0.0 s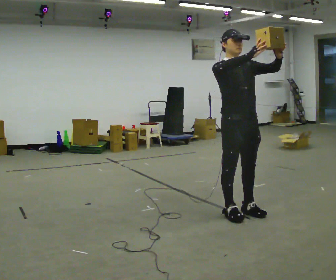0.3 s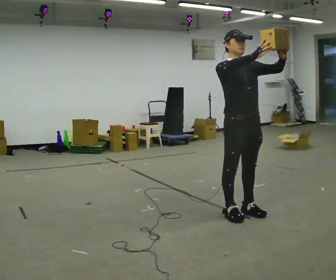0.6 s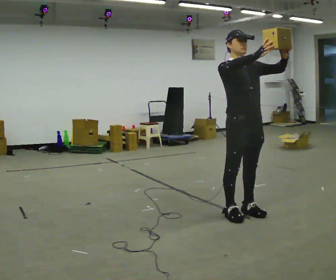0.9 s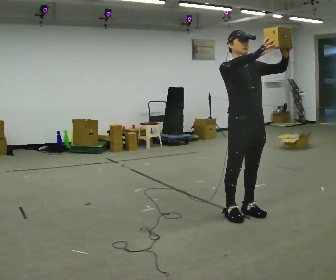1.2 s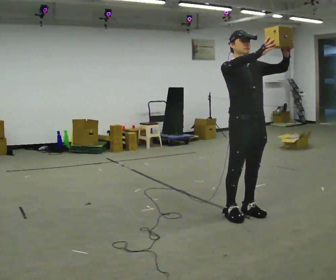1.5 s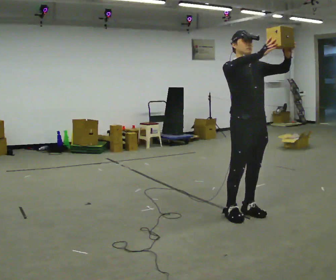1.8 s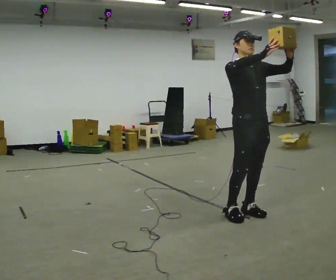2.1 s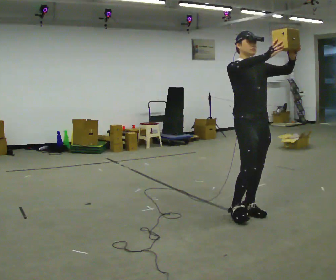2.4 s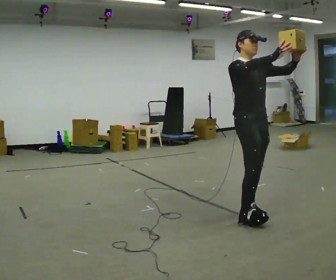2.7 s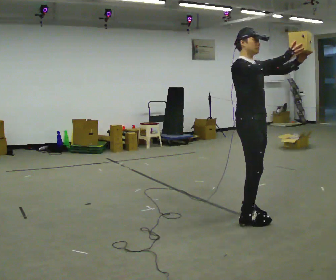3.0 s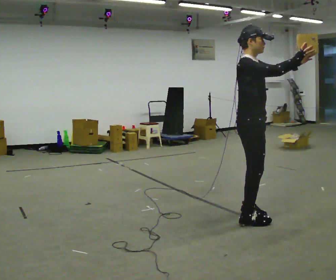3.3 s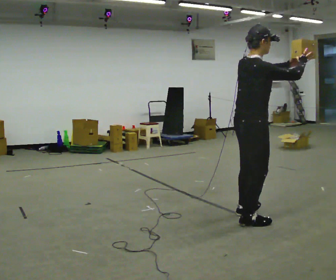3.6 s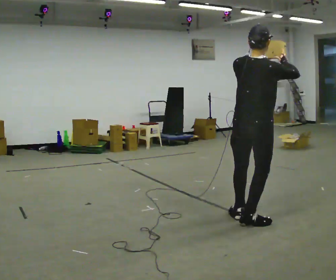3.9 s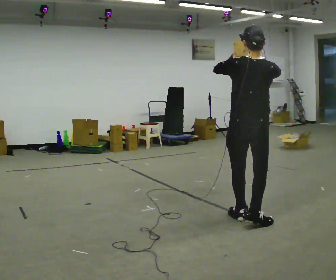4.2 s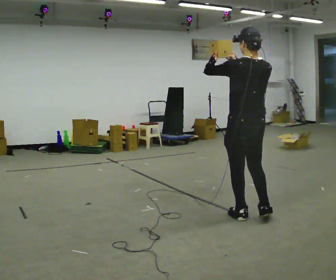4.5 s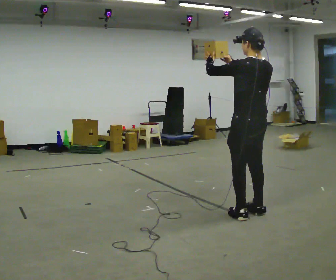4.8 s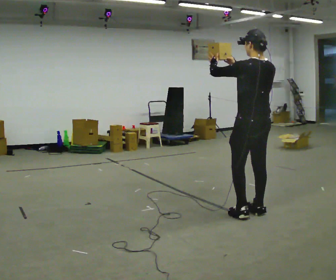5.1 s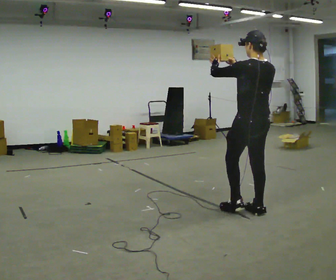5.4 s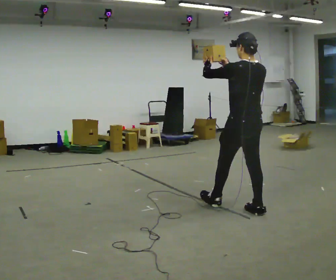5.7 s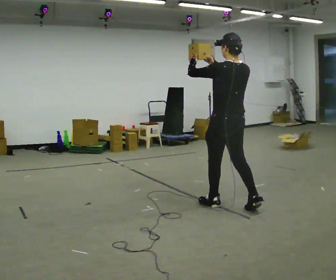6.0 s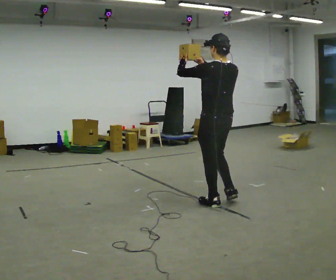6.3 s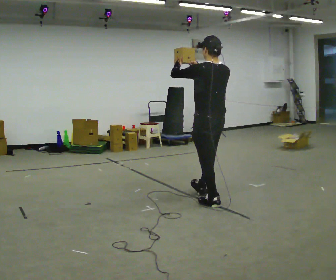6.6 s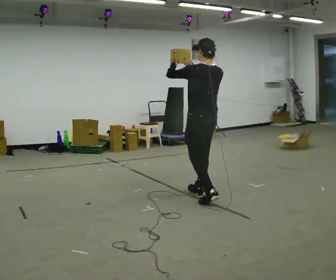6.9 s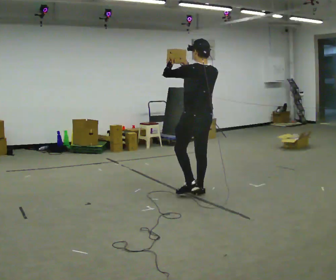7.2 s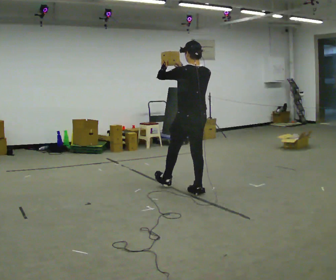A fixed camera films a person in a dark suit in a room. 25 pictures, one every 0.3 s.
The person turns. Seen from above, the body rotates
counterclockwise.
The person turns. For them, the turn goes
to their left.
0.0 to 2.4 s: The person moves a little, or ends about where they began.
2.4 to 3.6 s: The person turns about 105 degrees to their left, counterclockwise seen from above, so the part of the body nearest the lens slides to the right. In the picture they go toward the camera, about 0.25 m in 1 step. In the picture their left hand goes to the left.
3.6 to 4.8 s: Seen from above the body turns counterclockwise, about 60 degrees: to their left, with its near side sliding to the right. In the picture they go away from the camera, about 0.25 m in 1 step, which for them is forward and to their right.
4.8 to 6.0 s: In the picture they go to the left and away from the camera, about 0.5 m in 1 step, which for them is forward.
6.0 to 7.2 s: In the picture they go away from the camera and to the left, about 0.5 m in 1 step, which for them is forward.
The film runs forward here.
